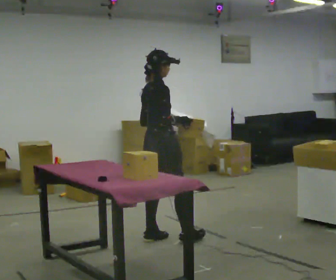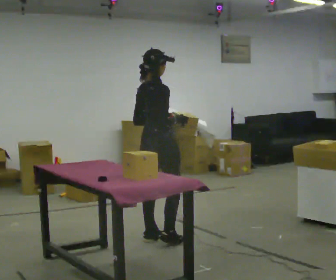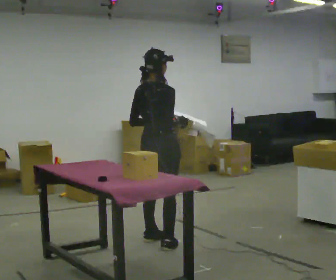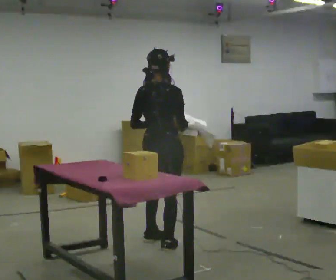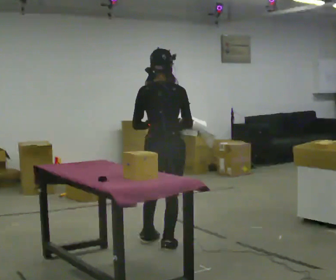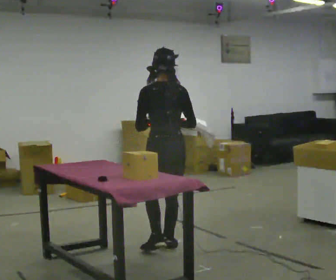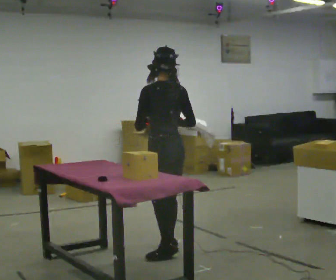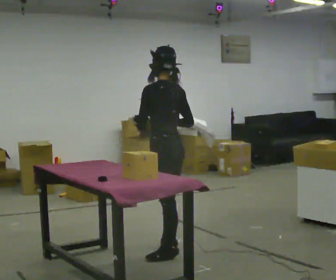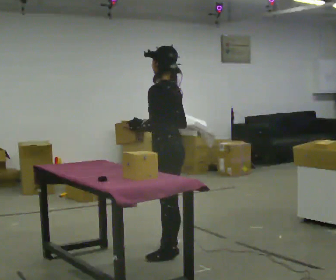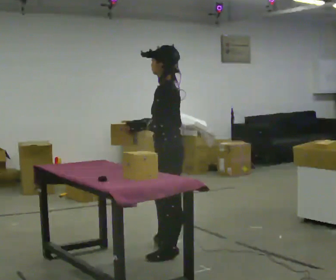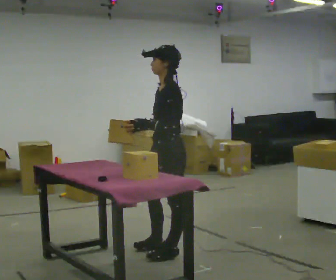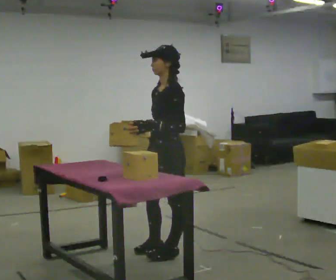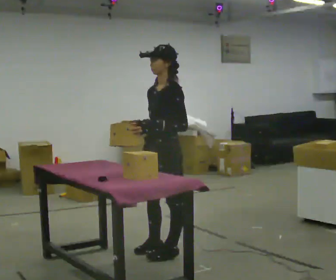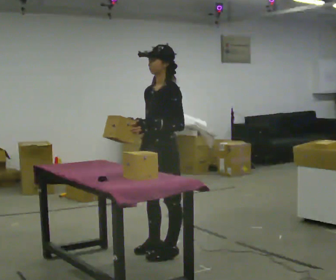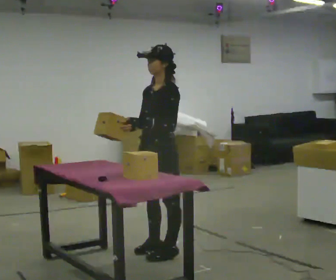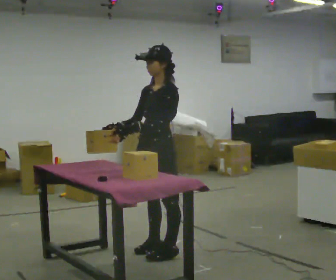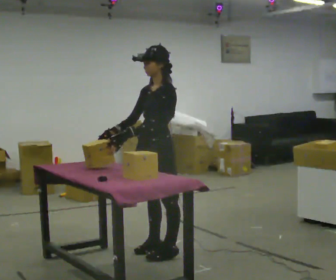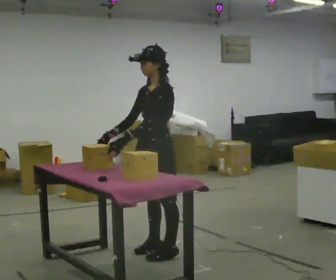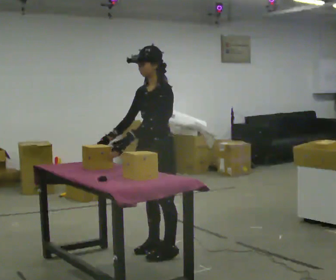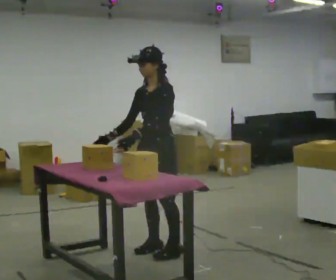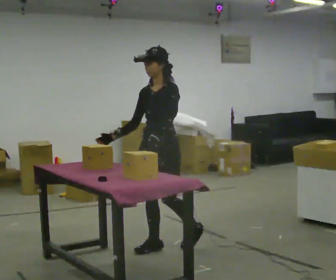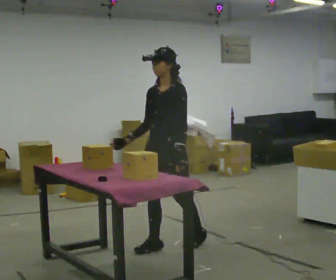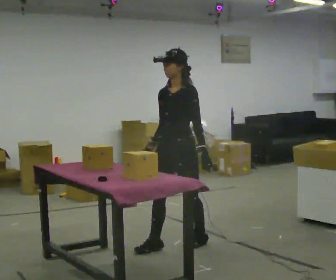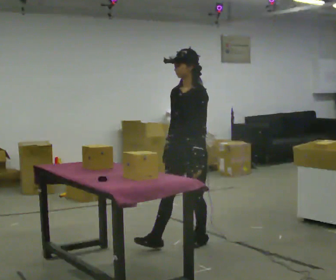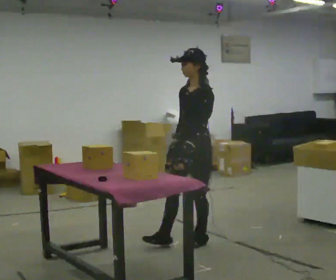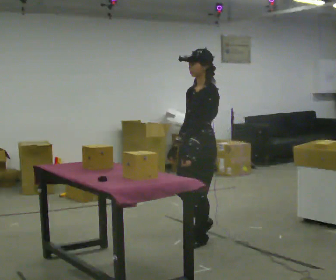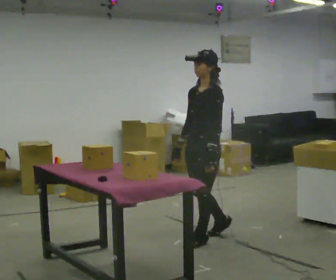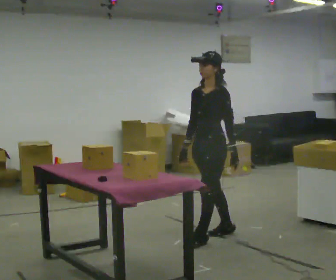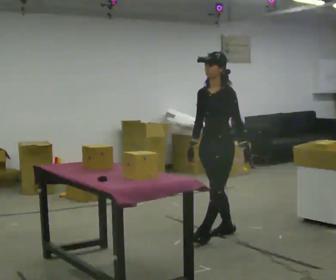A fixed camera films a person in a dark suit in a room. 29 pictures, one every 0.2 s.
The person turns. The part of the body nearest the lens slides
to the right.
The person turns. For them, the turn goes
to their left.
0.0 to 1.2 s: Seen from above the body turns counterclockwise, about 90 degrees: to their left, with its near side sliding to the right. In the picture they go toward the camera, about 0.25 m in 1 step.
1.2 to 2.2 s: Seen from above the body turns counterclockwise, about 75 degrees: to their left, with its near side sliding to the right. In the picture they go toward the camera, about 0.25 m.
2.2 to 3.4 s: The person moves a little, or ends about where they began.
3.4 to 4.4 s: In the picture they go to the right, about 0.25 m in 1 step, which for them is backward. In the picture their left hand goes to the right, the arm swinging counterclockwise.
4.4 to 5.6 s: In the picture they go to the right and away from the camera, about 0.5 m in 1 step, which for them is backward.
The film runs backward here.
